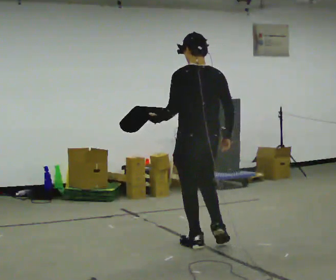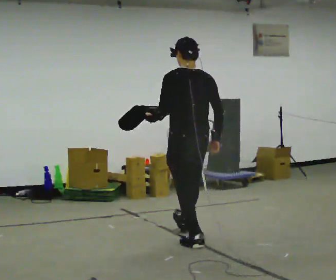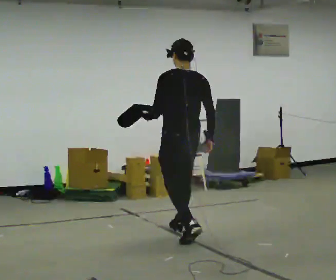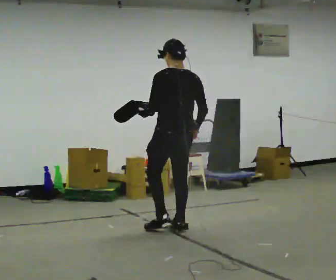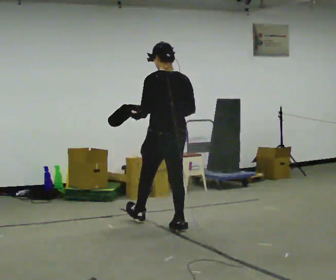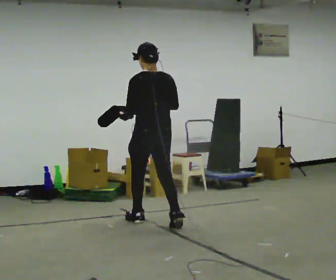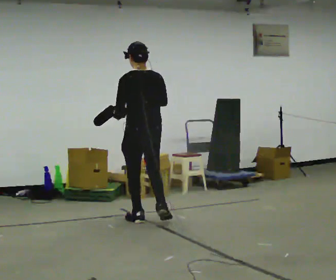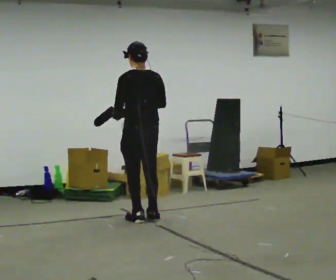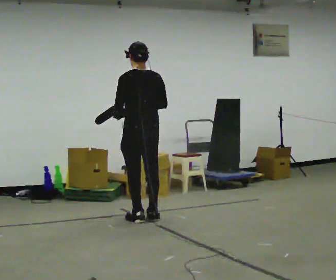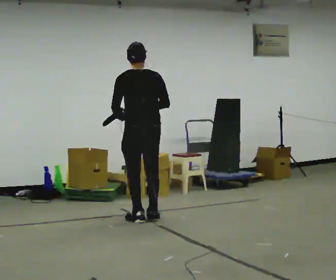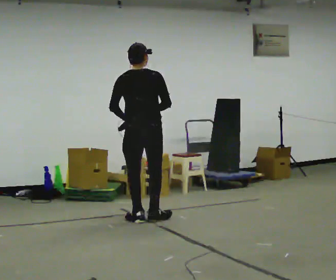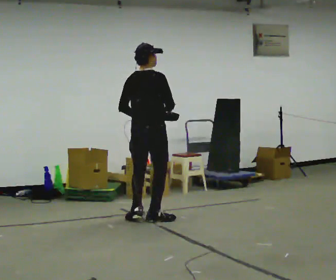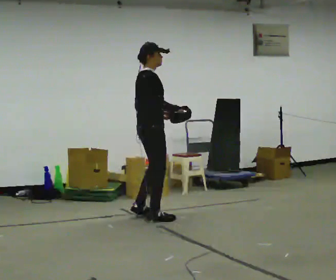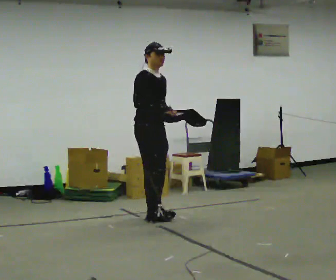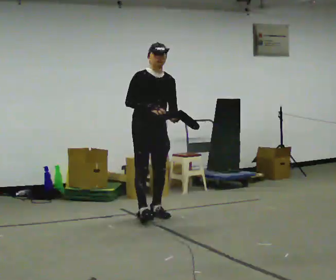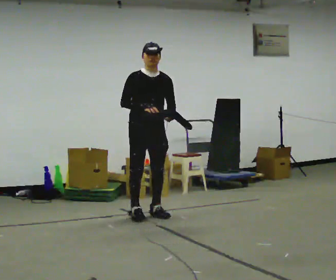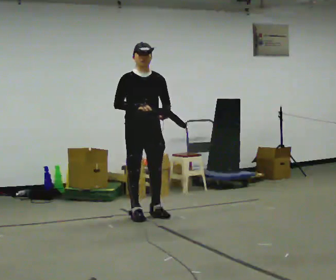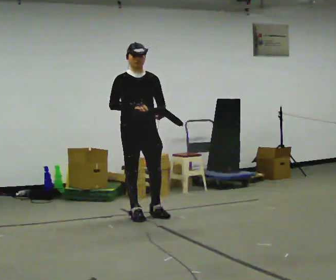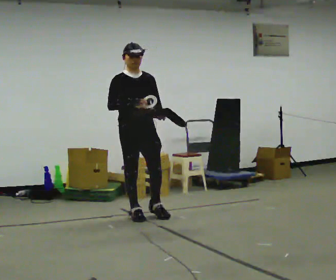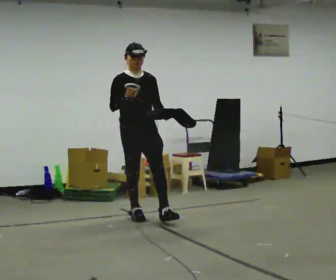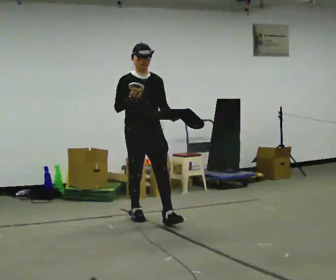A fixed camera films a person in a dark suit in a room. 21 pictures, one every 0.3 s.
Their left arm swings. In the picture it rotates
counterclockwise.
The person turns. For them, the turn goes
to their right.
0.0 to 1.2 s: In the picture they go away from the camera, about 1 m in 1 step, which for them is forward.
1.2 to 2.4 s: In the picture they go away from the camera and to the left, about 0.5 m in 2 steps, which for them is forward.
2.4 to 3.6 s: The person turns about 105 degrees to their right, clockwise seen from above, so the part of the body nearest the lens slides to the left. In the picture their left hand goes to the right, the arm swinging counterclockwise.
3.6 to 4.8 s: The part of the body nearest the lens slides to the left as the person turns to their right by about 90 degrees.
4.8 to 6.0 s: In the picture they go toward the camera, about 0.25 m in 1 step, which for them is forward.
The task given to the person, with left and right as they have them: Carry the open container and, while walking, reach in with one hand and take an item out, then put it back. Repeat as you walk. Do not stop.
The film runs forward here.
